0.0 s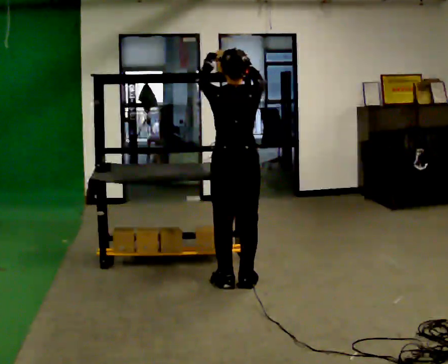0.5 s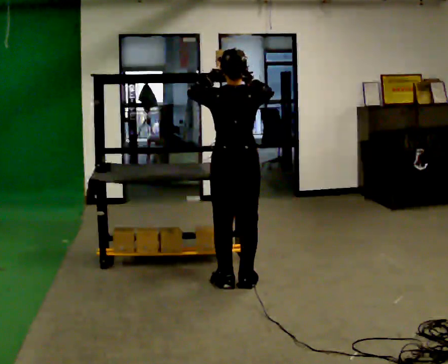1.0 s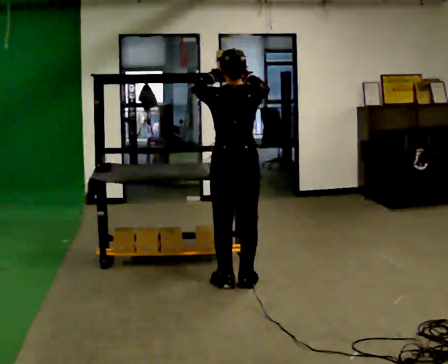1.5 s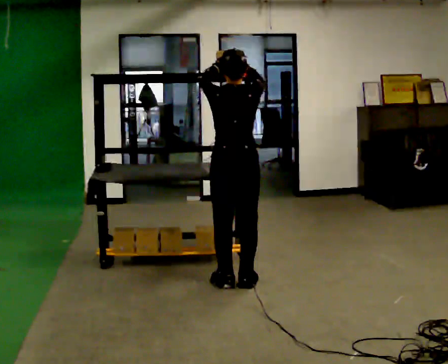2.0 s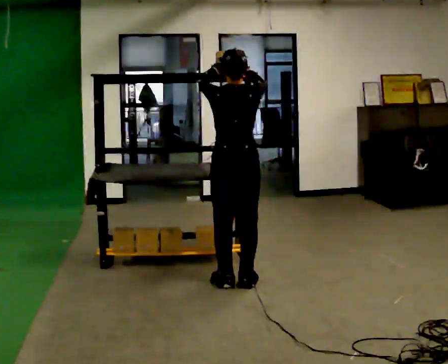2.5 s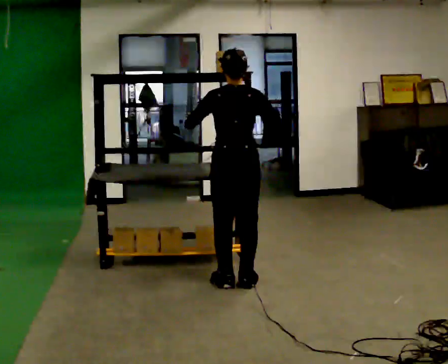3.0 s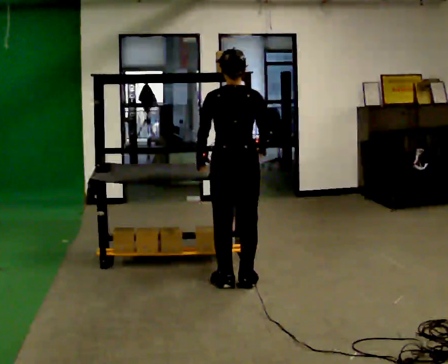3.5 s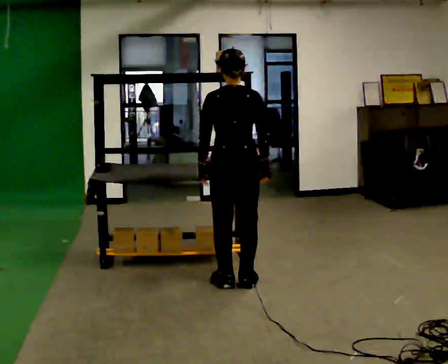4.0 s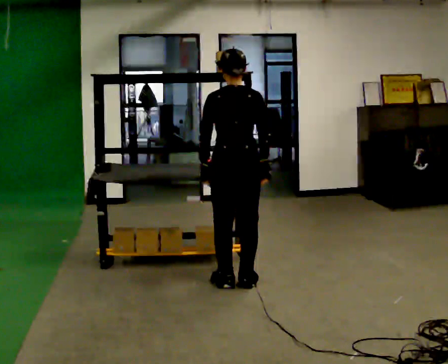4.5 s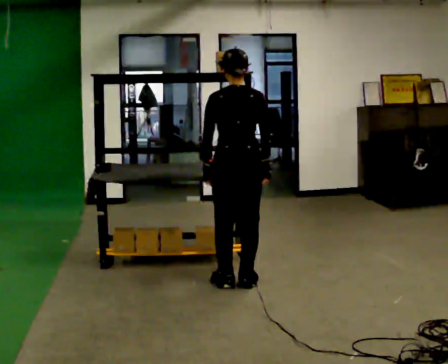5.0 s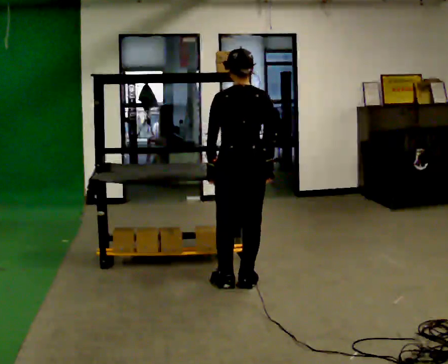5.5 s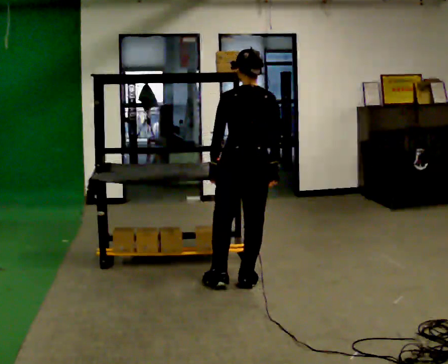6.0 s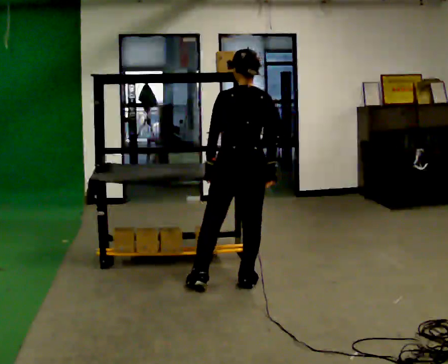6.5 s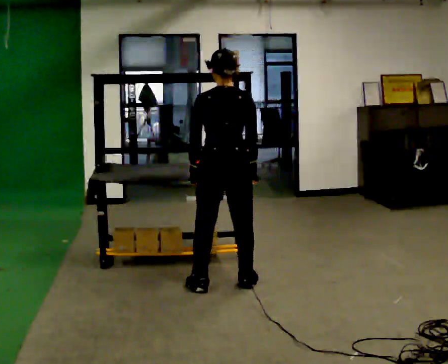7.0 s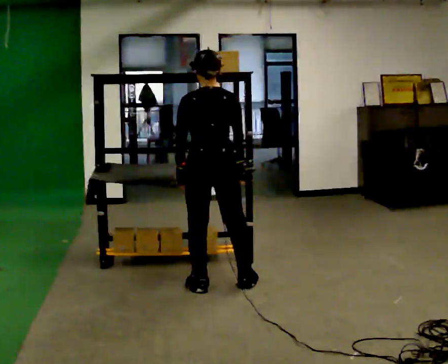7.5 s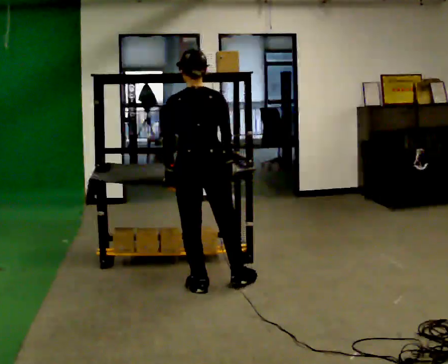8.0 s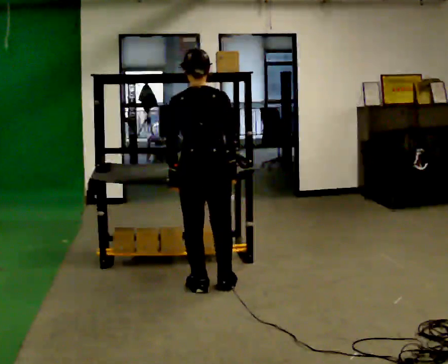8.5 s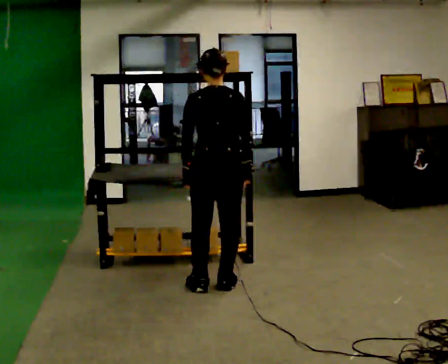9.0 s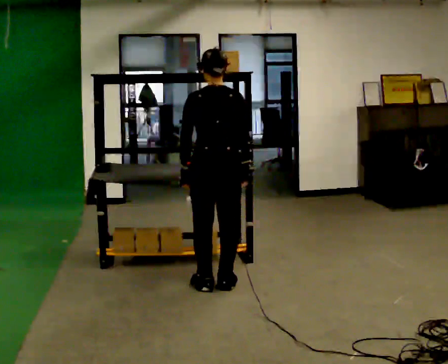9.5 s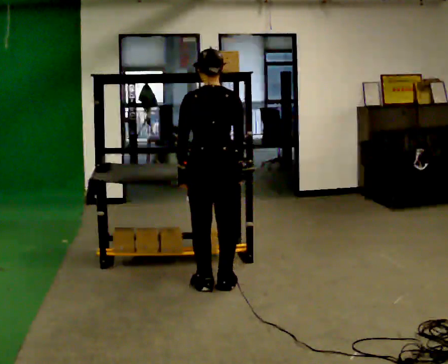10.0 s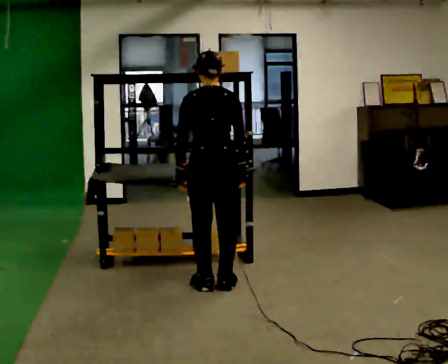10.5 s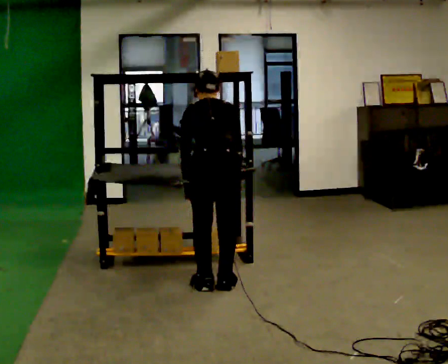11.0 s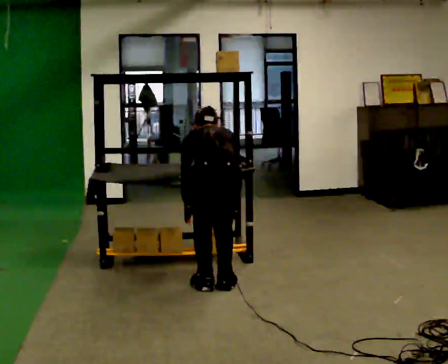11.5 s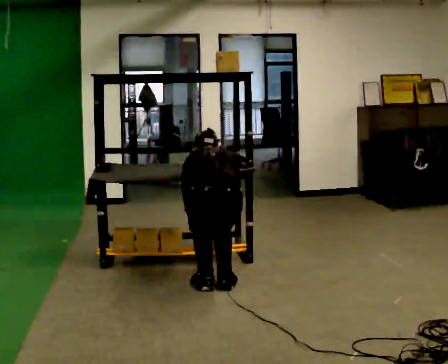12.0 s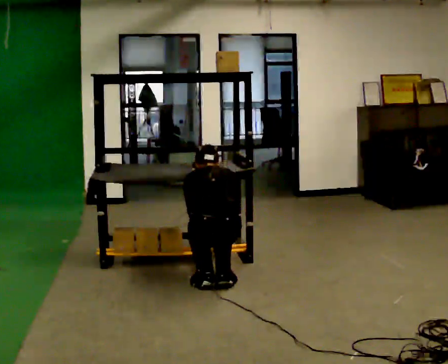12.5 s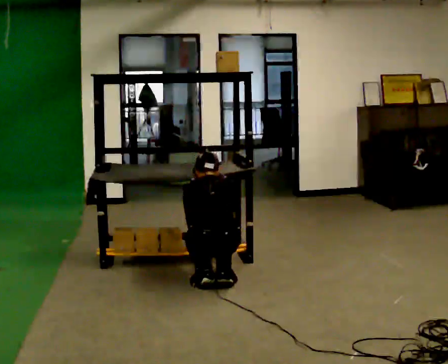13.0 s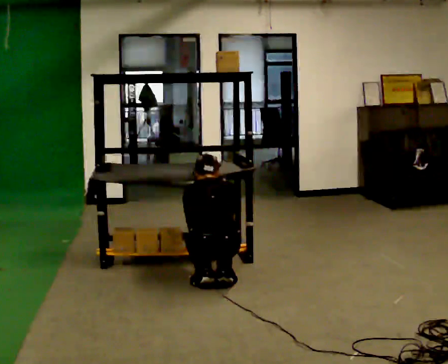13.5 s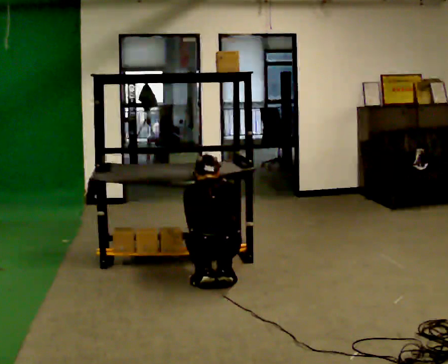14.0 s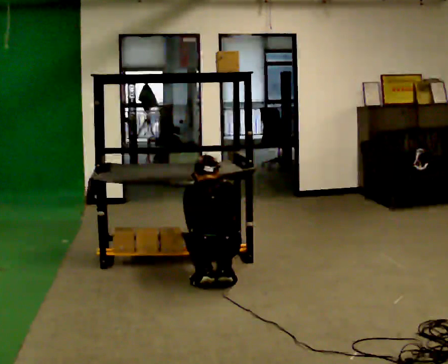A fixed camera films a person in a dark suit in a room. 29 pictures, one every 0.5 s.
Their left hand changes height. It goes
downward.
The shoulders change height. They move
downward.
0.0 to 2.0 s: The person moves a little, or ends about where they began.
2.0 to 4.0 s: In the picture their right hand goes downward.
4.0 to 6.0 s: The person moves a little, or ends about where they began.
6.0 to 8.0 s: In the picture they go to the left, about 0.25 m, which for them is to their left.
8.0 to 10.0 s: The person moves a little, or ends about where they began.
10.0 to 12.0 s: The shoulders move downward. In the picture their left hand goes downward.
12.0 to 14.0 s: The person moves a little, or ends about where they began.
The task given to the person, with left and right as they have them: Take an object from the lowest shelf, carry it across the room, and place it on the highest shelf you can comfortably reach. Keep going until the operator says stop; one object at a time, and do not rush between trips.
The film runs forward here.
